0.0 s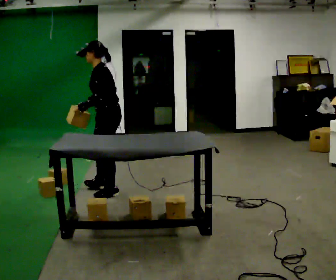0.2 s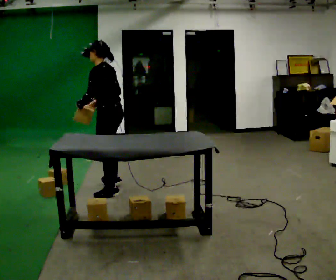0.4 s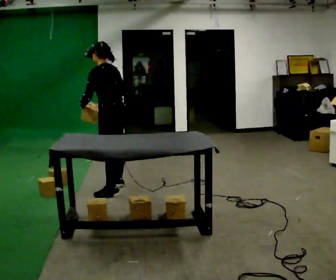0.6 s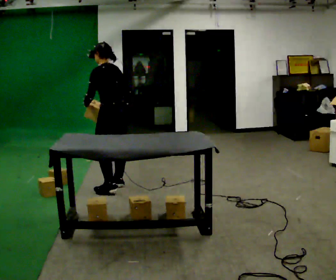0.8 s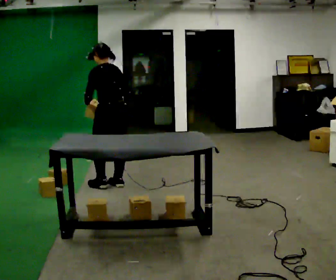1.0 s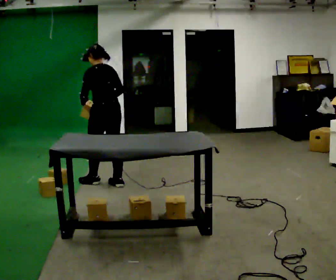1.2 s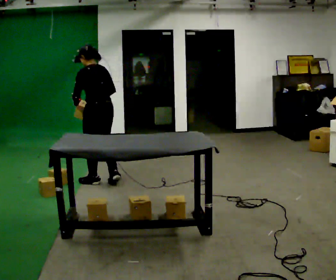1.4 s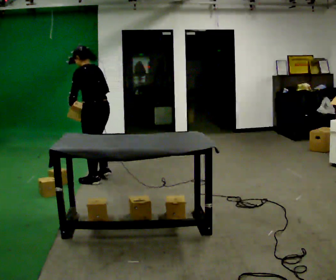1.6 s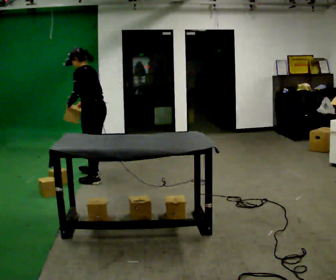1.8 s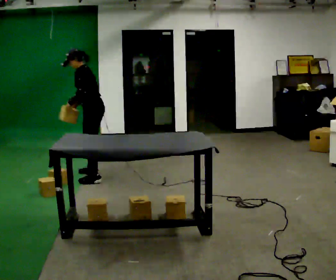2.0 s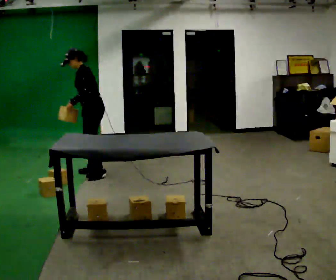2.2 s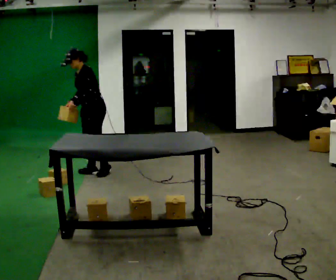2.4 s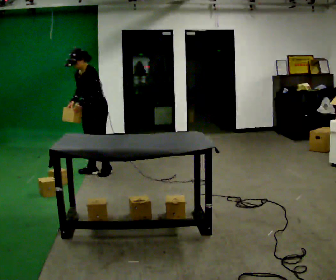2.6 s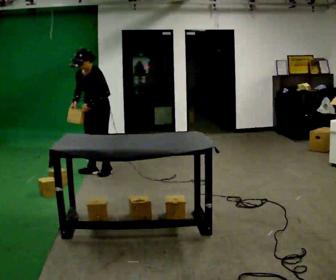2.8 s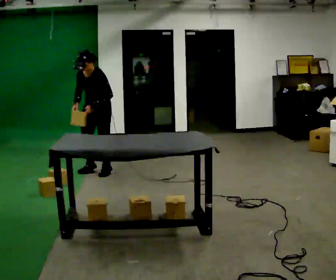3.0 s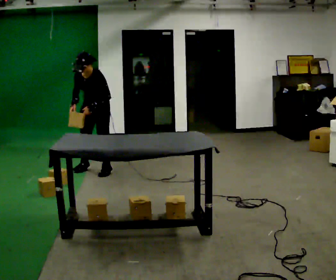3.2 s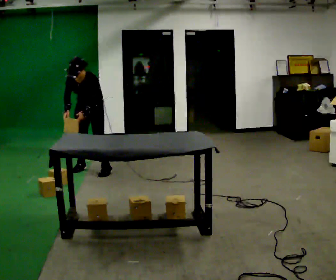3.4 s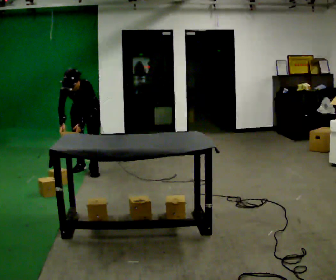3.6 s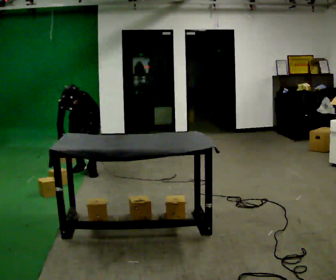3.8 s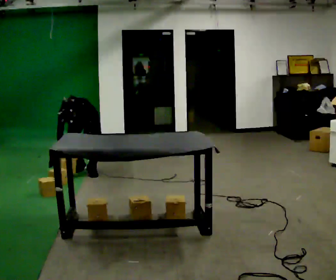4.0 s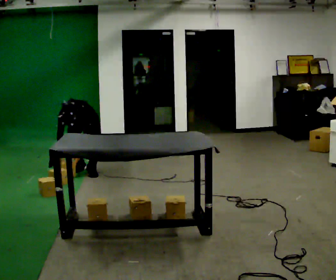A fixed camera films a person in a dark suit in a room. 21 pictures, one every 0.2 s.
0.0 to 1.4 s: The person turns about 30 degrees to their right, clockwise seen from above, so the part of the body nearest the lens slides to the left. In the picture they go away from the camera, about 0.5 m in 2 steps, which for them is forward.
1.4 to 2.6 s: The part of the body nearest the lens slides to the right as the person turns to their left by about 90 degrees. In the picture they go away from the camera, about 0.5 m in 2 steps. The upper body tips toward the camera, its near side rolling downward.
2.6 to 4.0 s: The person turns about 30 degrees to their left, counterclockwise seen from above, so the part of the body nearest the lens slides to the right. In the picture they go away from the camera and to the left, about 0.25 m in 2 steps, which for them is to their right. The upper body goes downward. The upper body tips toward the camera, its near side rolling downward, as they bend forward. In the picture their left hand goes downward.
The film runs forward here.
